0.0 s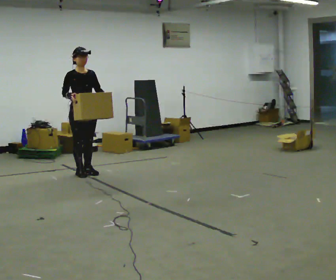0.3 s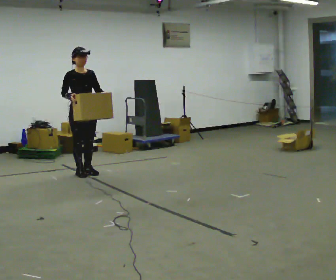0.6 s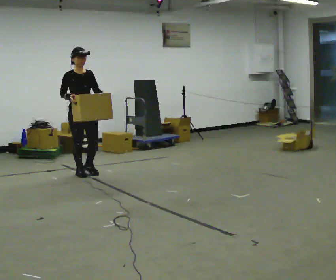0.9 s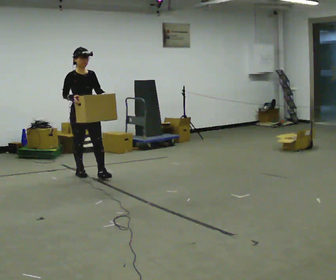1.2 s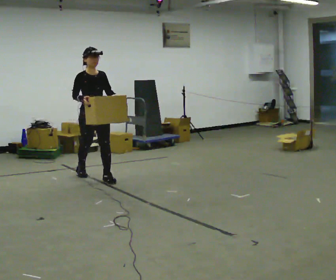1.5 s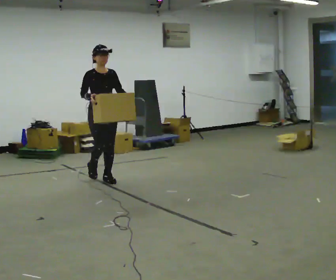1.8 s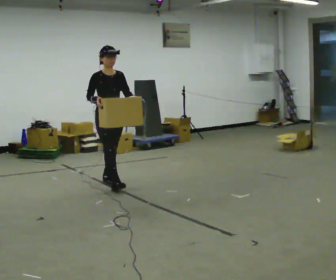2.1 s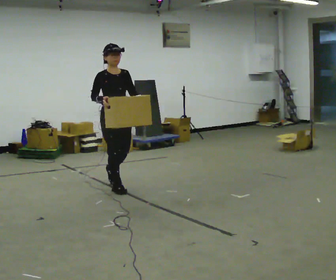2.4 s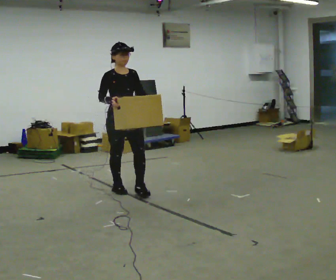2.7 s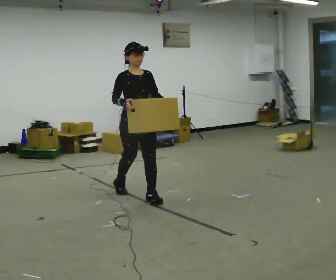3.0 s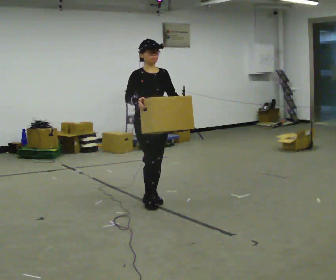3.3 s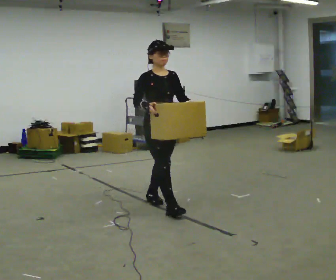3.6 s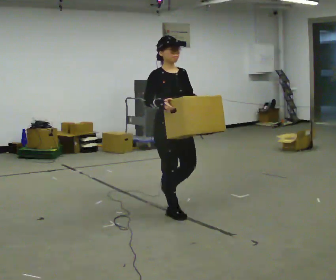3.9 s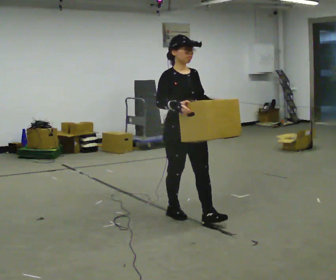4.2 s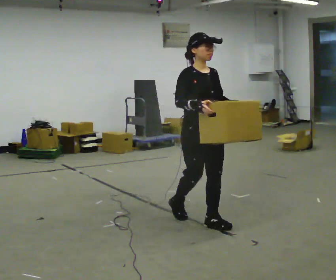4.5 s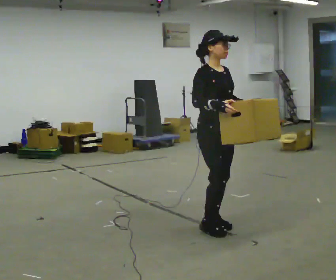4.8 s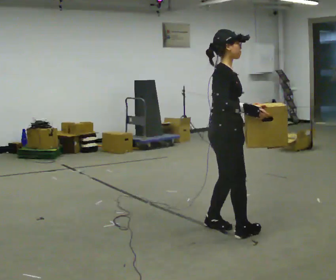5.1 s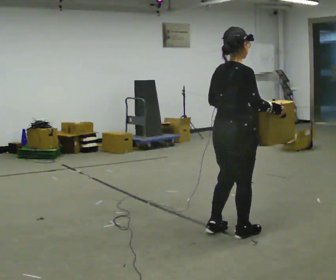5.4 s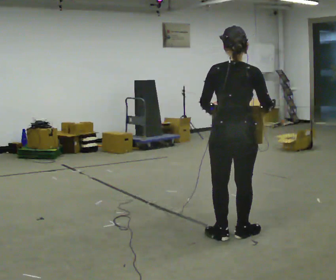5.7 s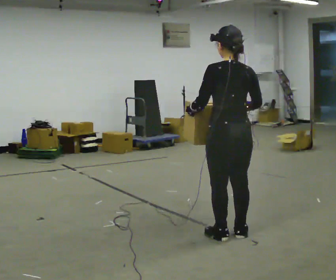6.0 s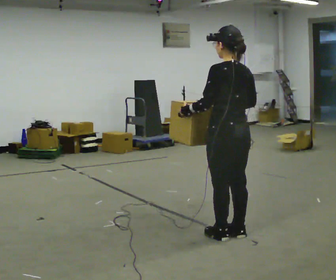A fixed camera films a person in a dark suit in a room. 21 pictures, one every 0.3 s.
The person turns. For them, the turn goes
to their left.
The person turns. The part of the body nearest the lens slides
to the right.
0.0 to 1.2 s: In the picture they go to the right and toward the camera, about 0.25 m in 1 step, which for them is forward.
1.2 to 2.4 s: In the picture they go toward the camera and to the right, about 1 m in 1 step, which for them is forward.
2.4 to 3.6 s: In the picture they go toward the camera and to the right, about 1 m in 2 steps, which for them is forward.
3.6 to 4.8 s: The person turns about 45 degrees to their left, counterclockwise seen from above, so the part of the body nearest the lens slides to the right. In the picture they go toward the camera and to the right, about 0.75 m in 2 steps, which for them is forward.
4.8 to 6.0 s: The person turns about 120 degrees to their left, counterclockwise seen from above, so the part of the body nearest the lens slides to the right. In the picture they go toward the camera, about 0.25 m in 1 step.
The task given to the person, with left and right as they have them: Carry the large light object across the room, back and forth. It is awkward rather than heavy, so hold it however works.
The film runs forward here.
